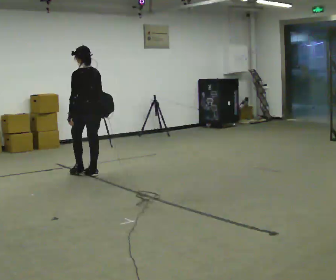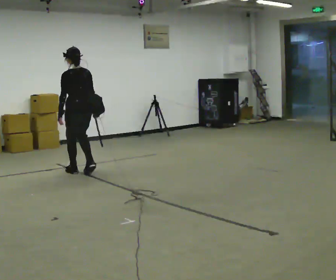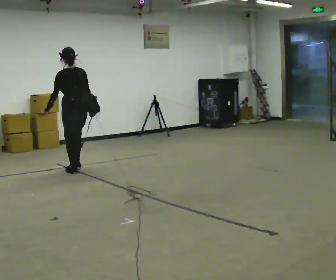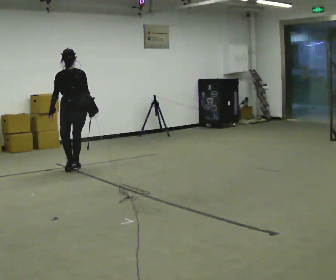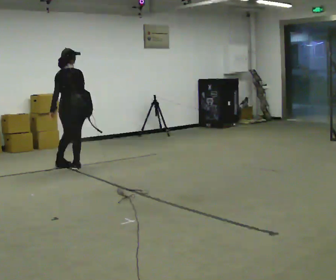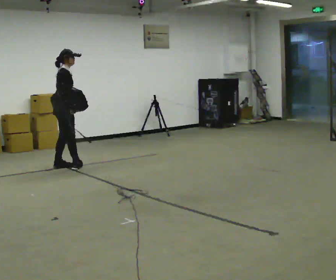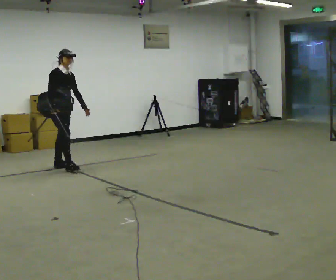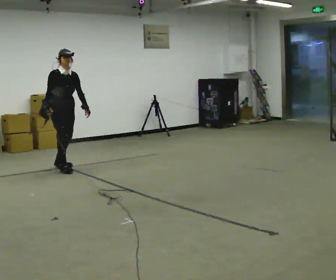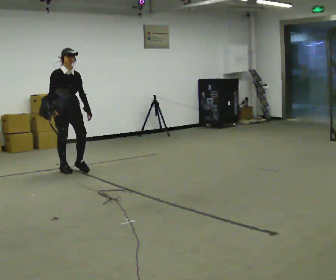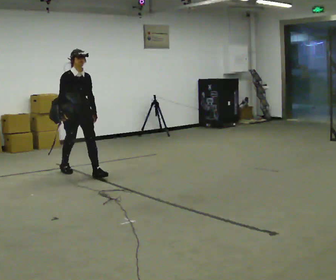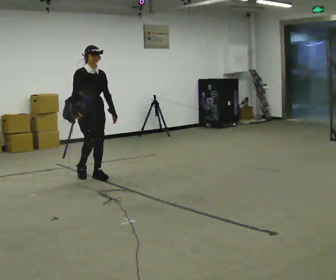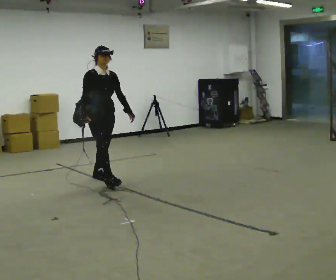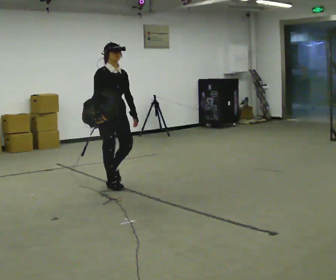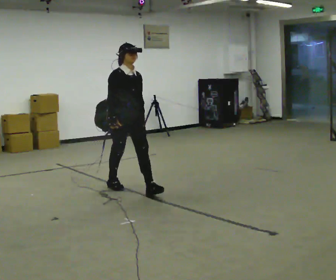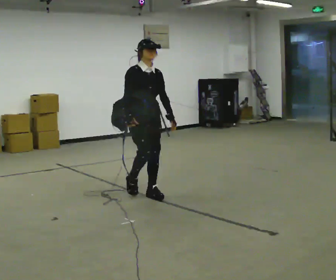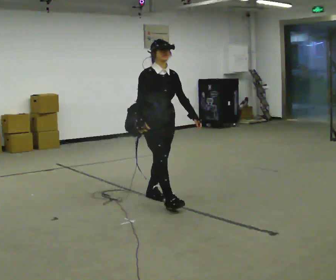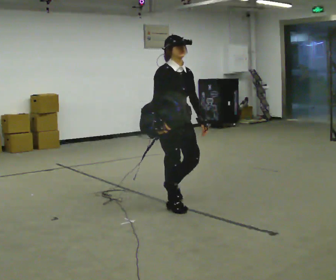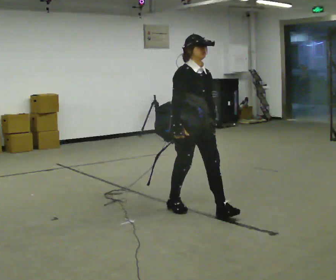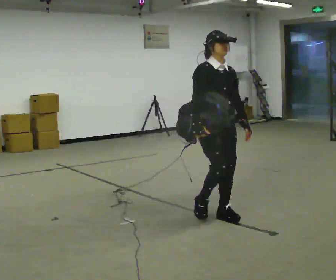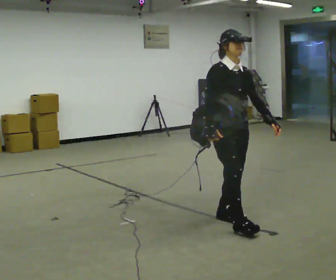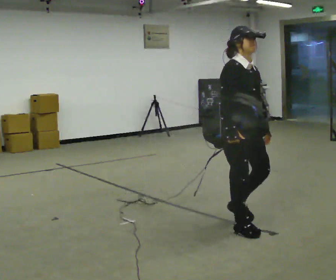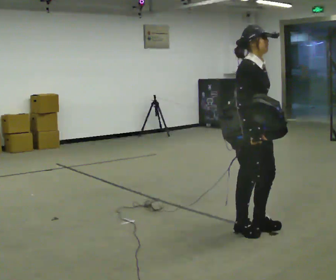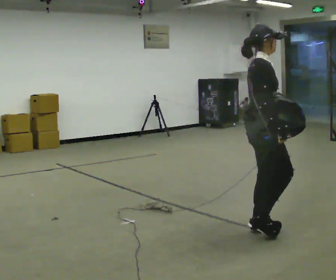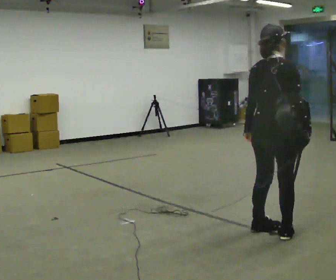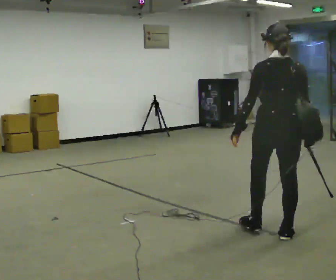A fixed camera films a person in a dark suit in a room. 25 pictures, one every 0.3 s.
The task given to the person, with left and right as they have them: Put the soft bag up onto your shoulder and carry it across the room, back and forth.
0.0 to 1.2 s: The part of the body nearest the lens slides to the left as the person turns to their right by about 75 degrees. In the picture they go away from the camera and to the left, about 0.5 m in 2 steps.
1.2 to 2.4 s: The part of the body nearest the lens slides to the left as the person turns to their right by about 120 degrees. In the picture they go toward the camera, about 0.25 m in 2 steps. In the picture their left hand goes to the right, the arm swinging counterclockwise.
2.4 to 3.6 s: In the picture they go toward the camera and to the right, about 1 m in 2 steps, which for them is forward.
3.6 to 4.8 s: In the picture they go toward the camera and to the right, about 1 m in 2 steps, which for them is forward.
4.8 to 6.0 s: In the picture they go toward the camera and to the right, about 1 m in 2 steps, which for them is forward.
6.0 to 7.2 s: The person turns about 135 degrees to their left, counterclockwise seen from above, so the part of the body nearest the lens slides to the right. In the picture they go toward the camera and to the right, about 0.25 m in 2 steps.
The film runs forward here.
